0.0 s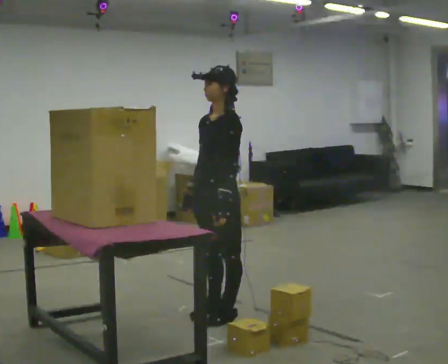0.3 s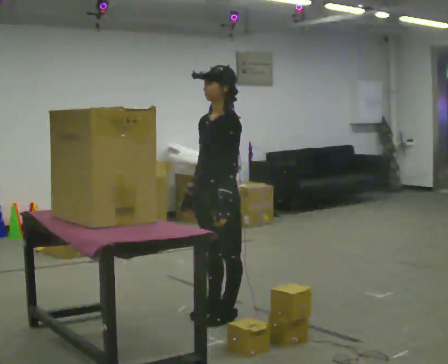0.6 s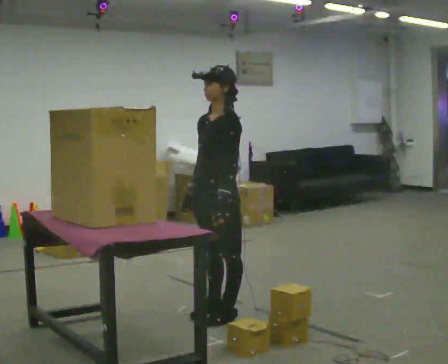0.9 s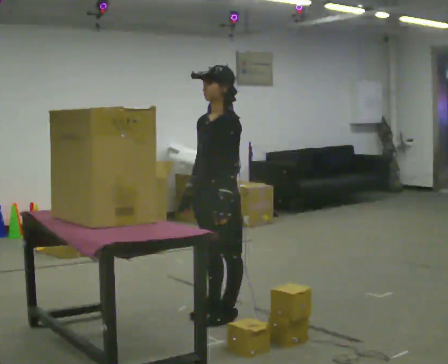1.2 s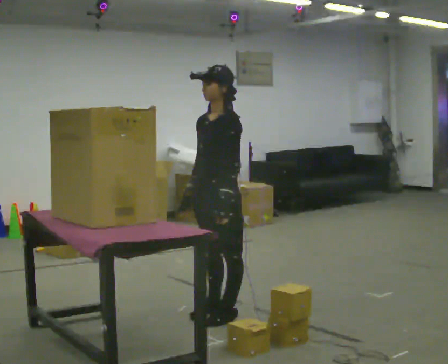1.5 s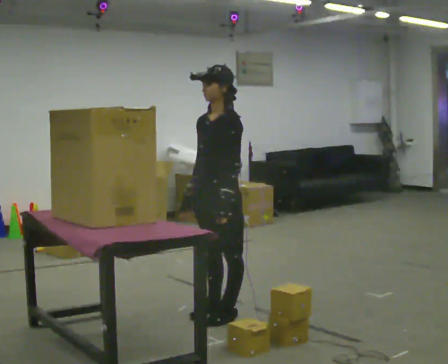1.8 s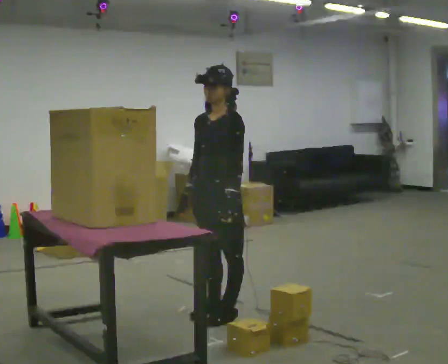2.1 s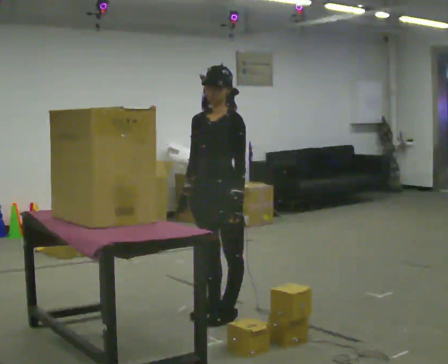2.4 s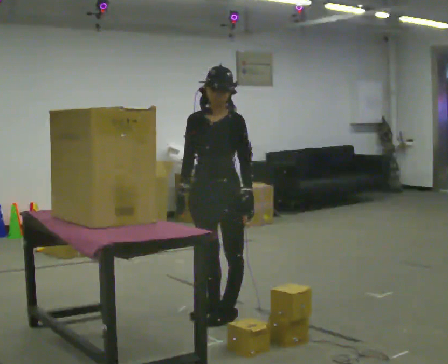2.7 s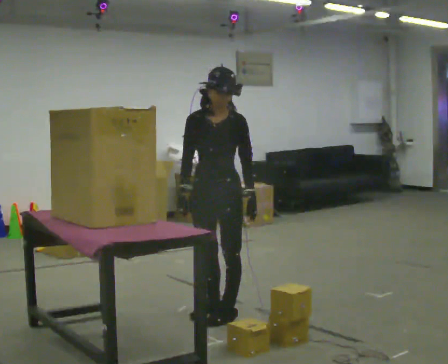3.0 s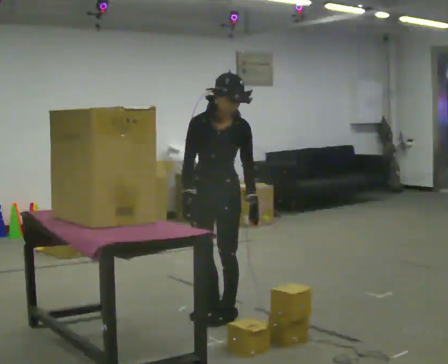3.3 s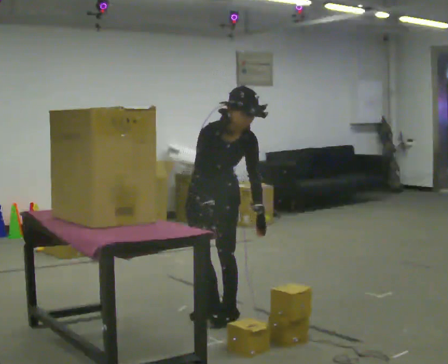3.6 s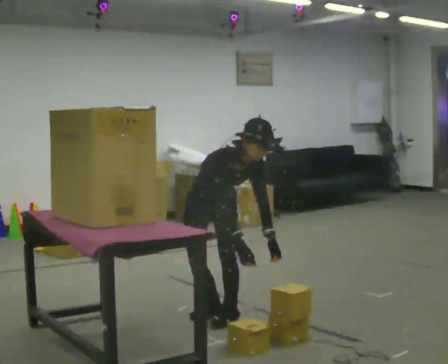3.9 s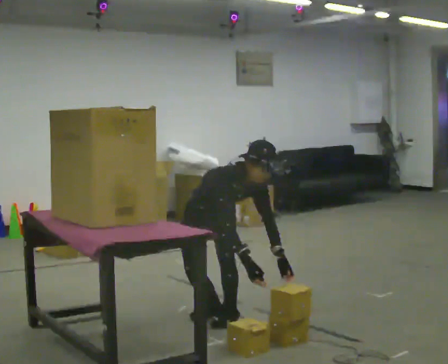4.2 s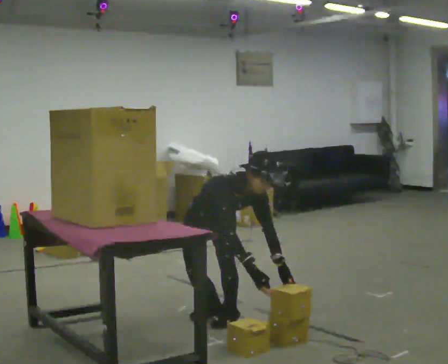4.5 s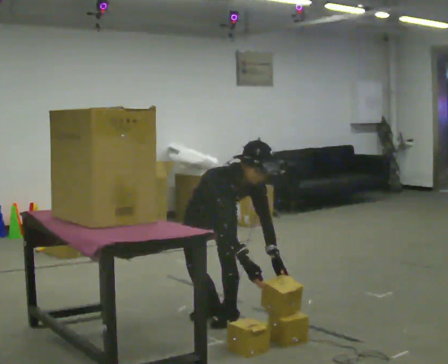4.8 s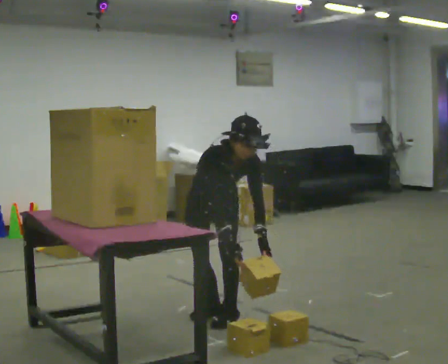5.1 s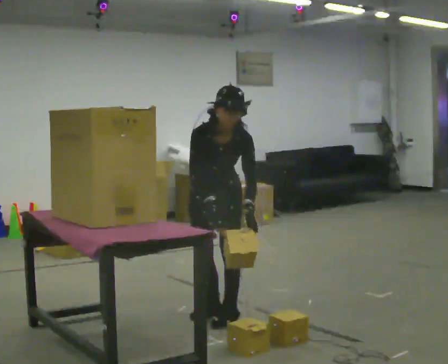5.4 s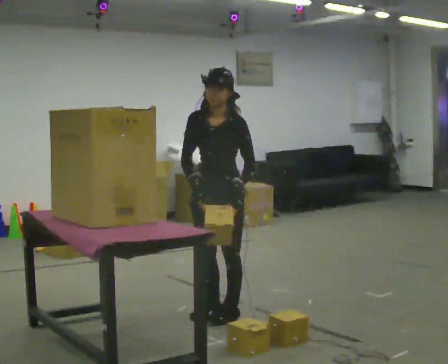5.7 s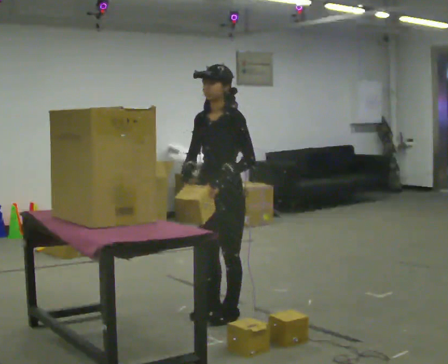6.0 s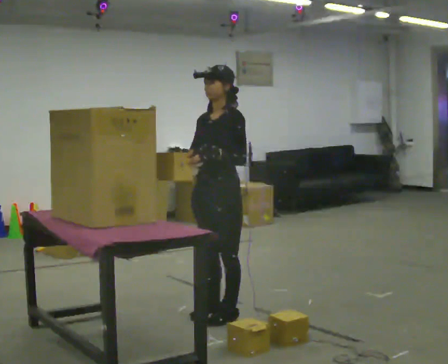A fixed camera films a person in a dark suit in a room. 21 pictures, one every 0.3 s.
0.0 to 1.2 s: The person moves a little, or ends about where they began.
1.2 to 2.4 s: Seen from above the body turns counterclockwise, about 30 degrees: to their left, with its near side sliding to the right.
2.4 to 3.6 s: The part of the body nearest the lens slides to the right as the person turns to their left by about 45 degrees. The upper body goes downward. The upper body tips toward the camera, its near side rolling downward, as they bend forward. In the picture their right hand goes to the right.
3.6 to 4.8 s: The person moves a little, or ends about where they began.
4.8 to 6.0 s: Seen from above the body turns clockwise, about 60 degrees: to their right, with its near side sliding to the left. The upper body goes upward. The upper body tips away from the camera, its near side rolling upward, as they lean back or straighten. In the picture their left hand goes upward and to the left.
The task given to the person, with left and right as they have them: Pick an object up off the floor at your feet and place it on the highest shelf you can comfortably reach. Repeat at your own pace until the operator says stop. Keep both feet on the marked spots for the whole take. If you have to step, stop and tell the operator.
The film runs forward here.
